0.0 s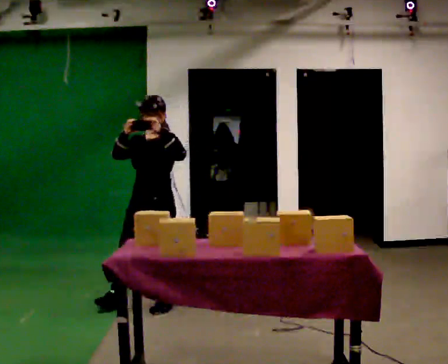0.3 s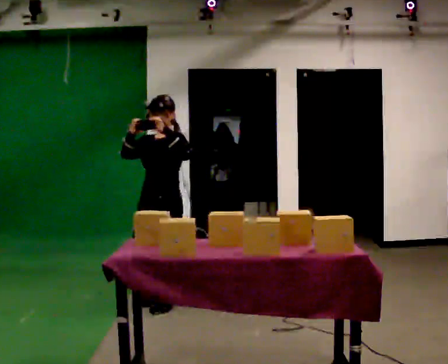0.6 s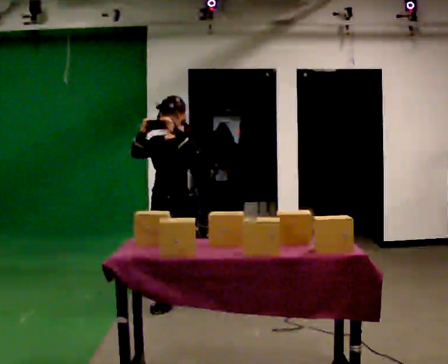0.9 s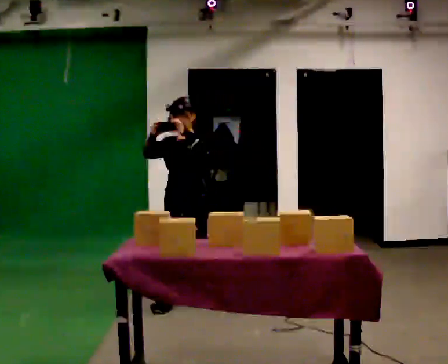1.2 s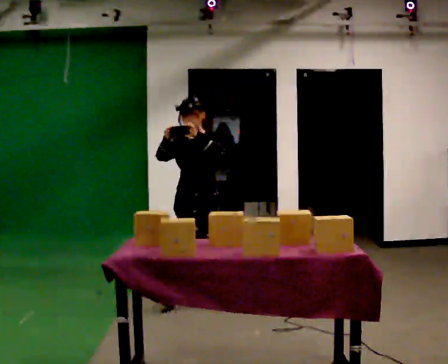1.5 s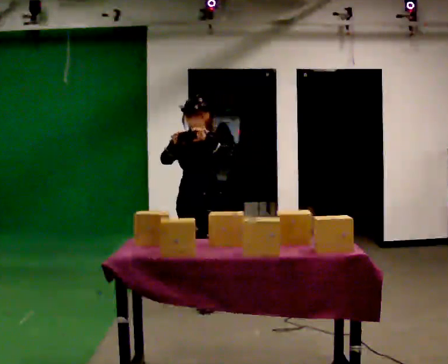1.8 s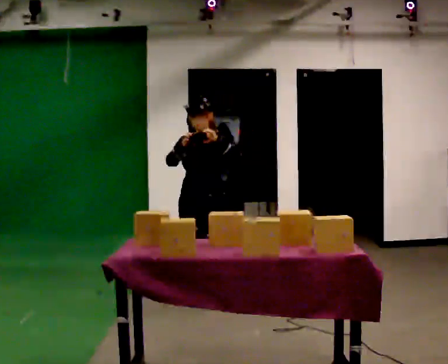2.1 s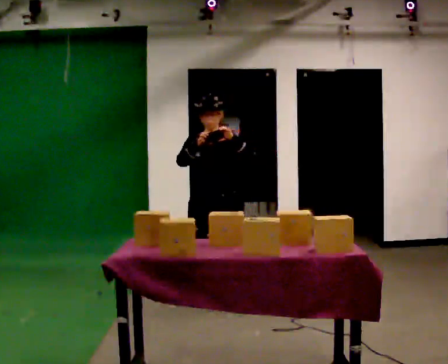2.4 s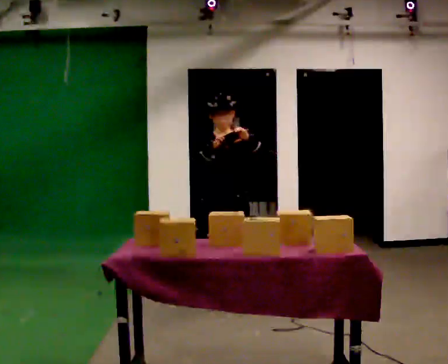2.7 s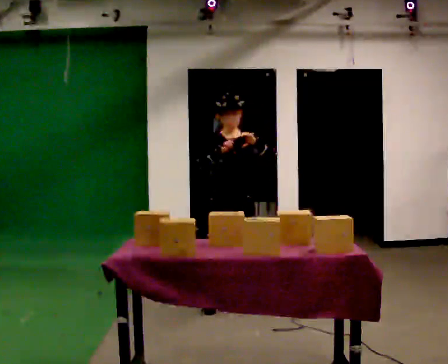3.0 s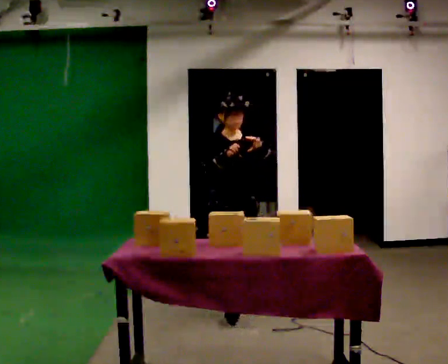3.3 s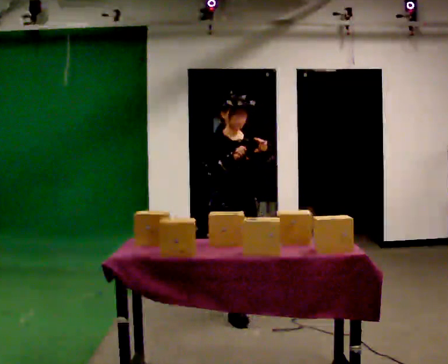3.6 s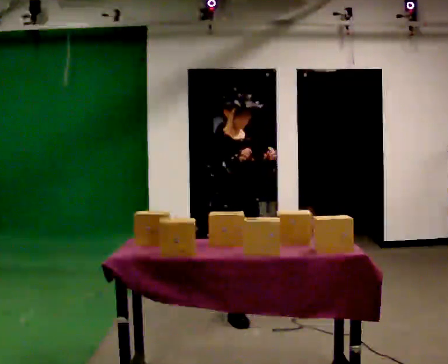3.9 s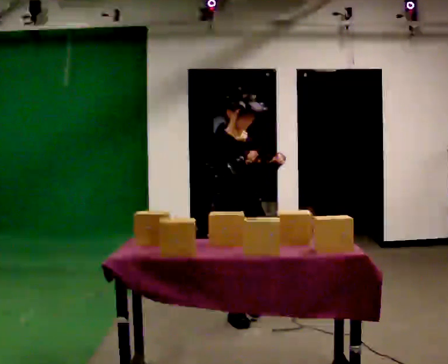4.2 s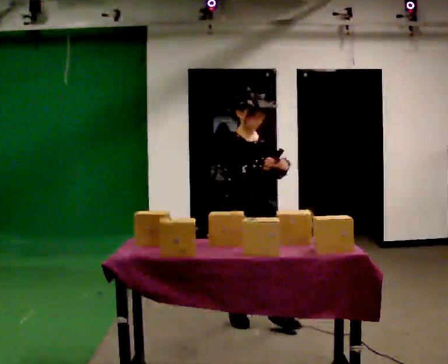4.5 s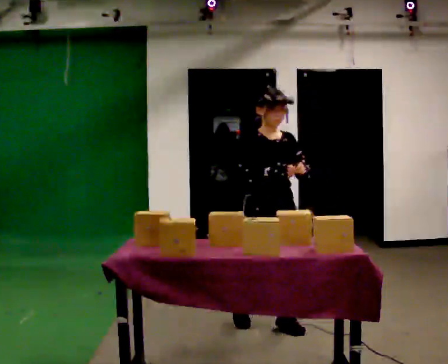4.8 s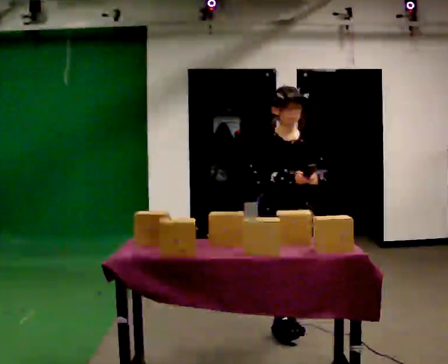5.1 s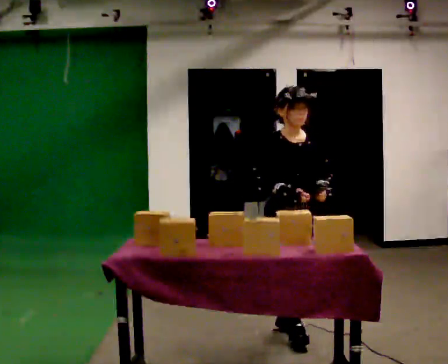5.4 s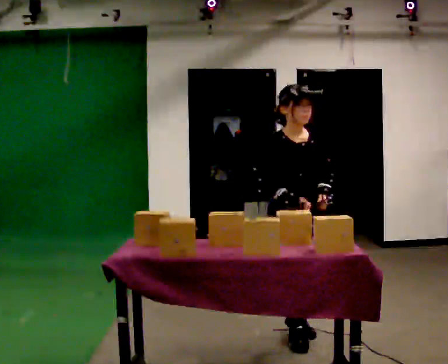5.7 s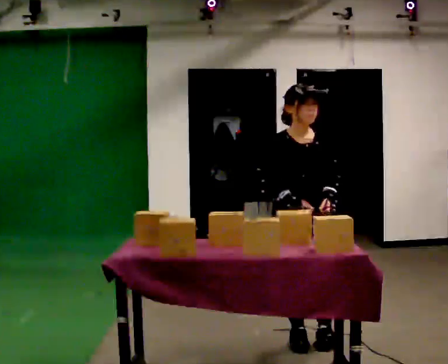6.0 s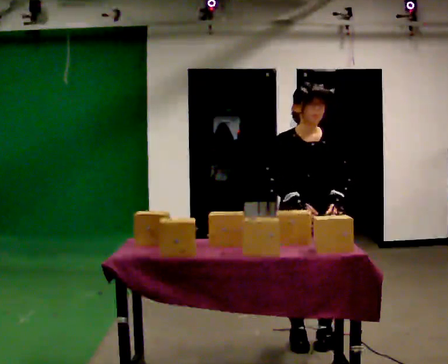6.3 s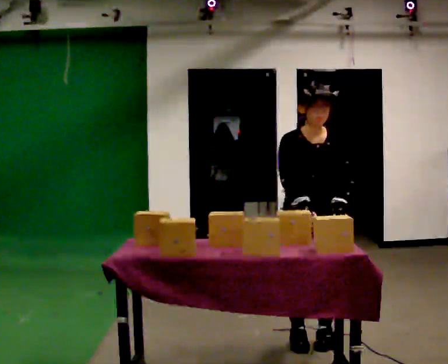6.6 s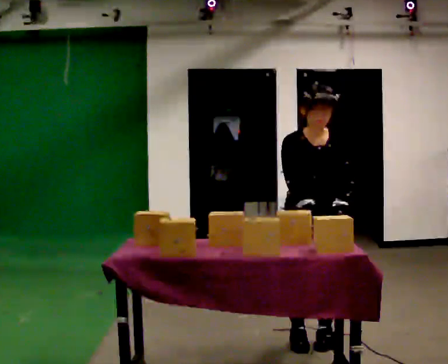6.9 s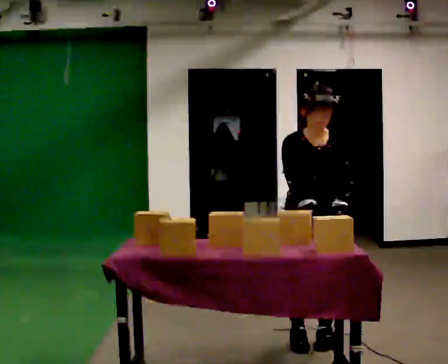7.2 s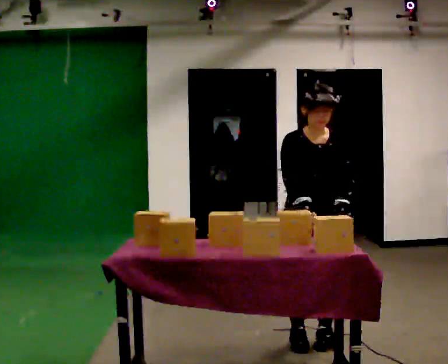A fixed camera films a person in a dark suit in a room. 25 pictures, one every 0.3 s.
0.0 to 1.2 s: In the picture they go to the right and away from the camera, about 0.5 m in 1 step, which for them is backward.
1.2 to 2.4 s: The person turns about 45 degrees to their left, counterclockwise seen from above, so the part of the body nearest the lens slides to the right. In the picture they go to the right and toward the camera, about 0.25 m, which for them is to their left.
2.4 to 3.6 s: The person turns about 45 degrees to their left, counterclockwise seen from above, so the part of the body nearest the lens slides to the right. In the picture they go toward the camera, about 0.25 m in 2 steps, which for them is forward.
3.6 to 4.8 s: In the picture they go toward the camera and to the right, about 0.5 m in 1 step, which for them is forward.
4.8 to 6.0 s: In the picture they go toward the camera, about 0.25 m in 1 step, which for them is forward.
6.0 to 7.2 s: The person moves a little, or ends about where they began.
The film runs backward here.
